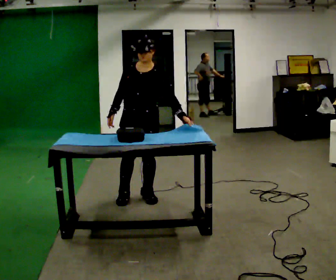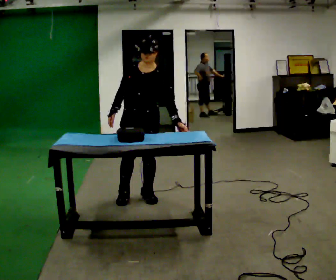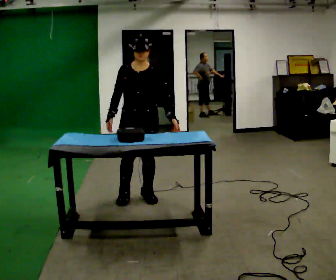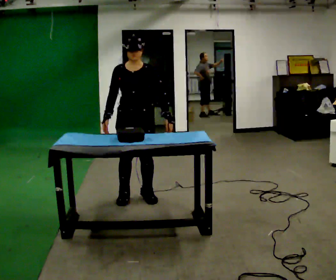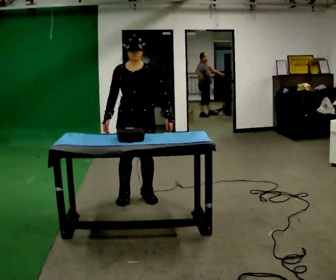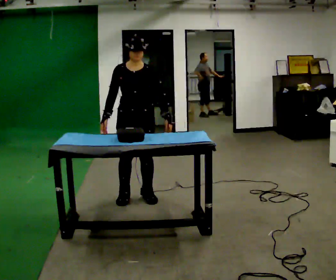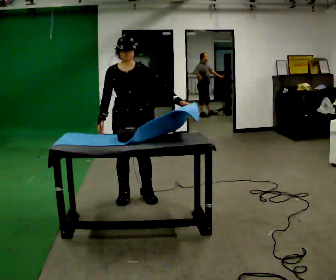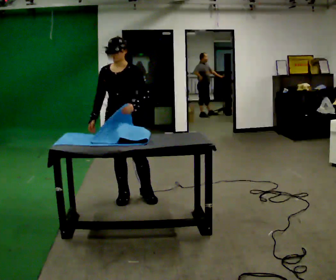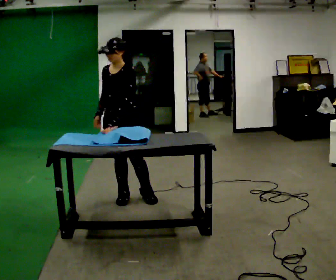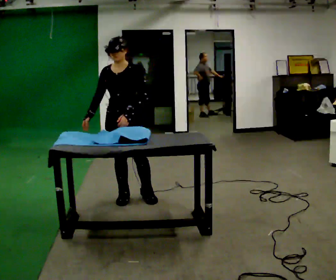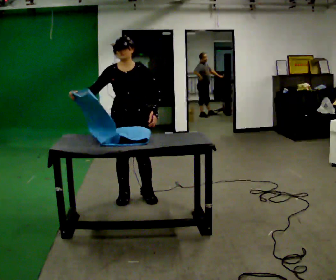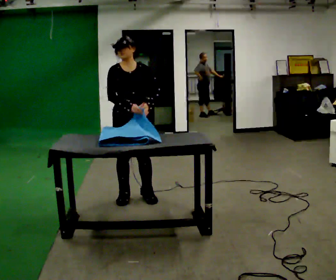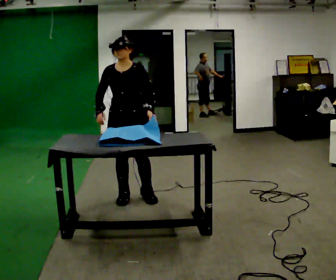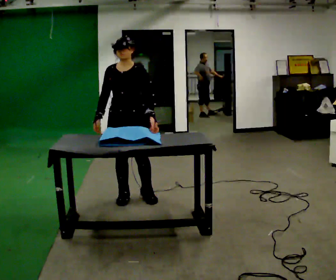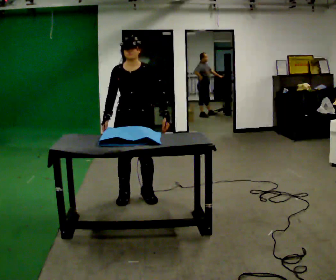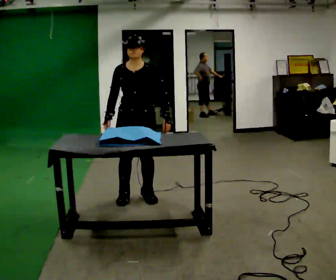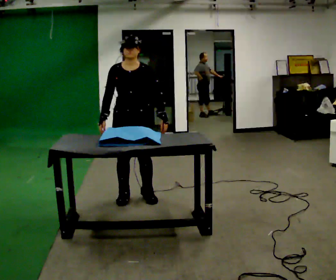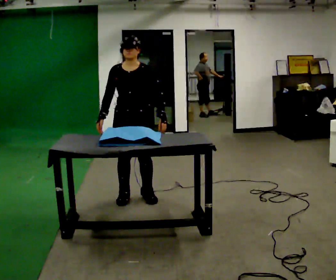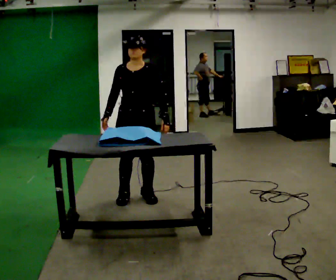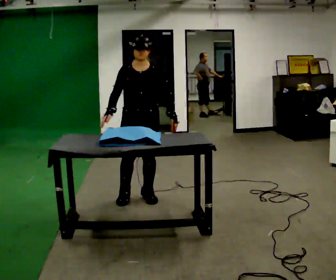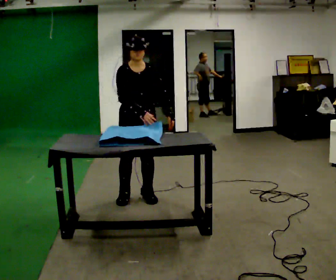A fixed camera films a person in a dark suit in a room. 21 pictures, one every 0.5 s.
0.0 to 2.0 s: The person moves a little, or ends about where they began.
2.0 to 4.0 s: Seen from above the body turns clockwise, about 30 degrees: to their right, with its near side sliding to the left. In the picture their left hand goes to the left.
4.0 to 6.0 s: Seen from above the body turns counterclockwise, about 30 degrees: to their left, with its near side sliding to the right.
6.0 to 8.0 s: The person moves a little, or ends about where they began.
8.0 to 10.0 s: In the picture their right hand goes to the right.
The film runs backward here.
